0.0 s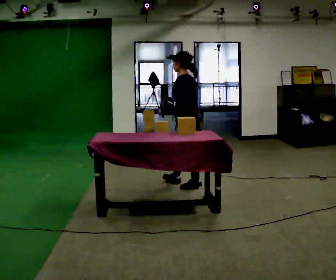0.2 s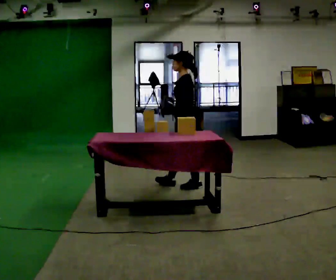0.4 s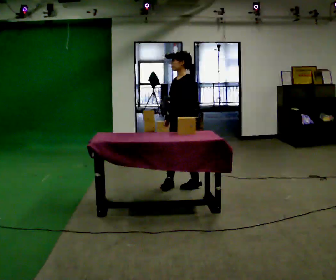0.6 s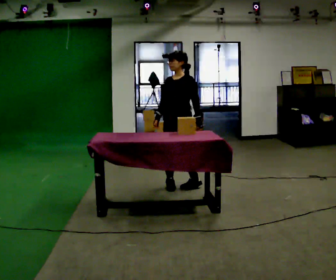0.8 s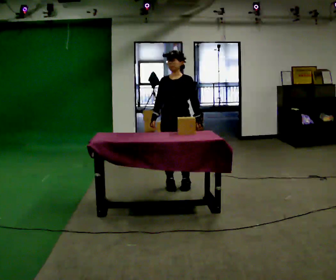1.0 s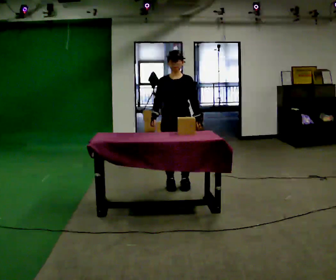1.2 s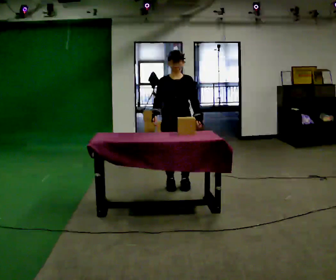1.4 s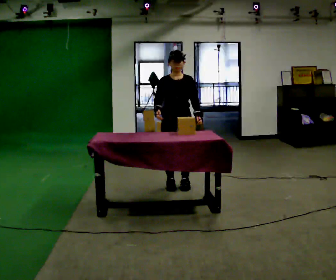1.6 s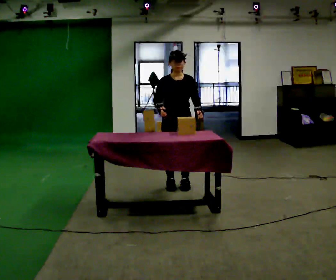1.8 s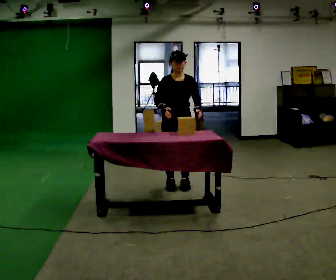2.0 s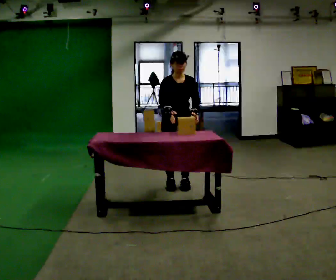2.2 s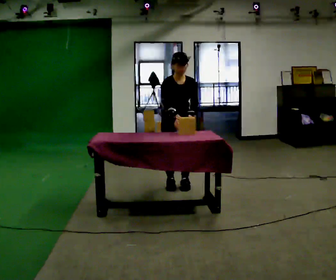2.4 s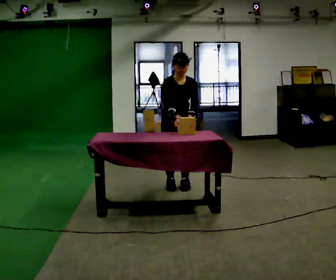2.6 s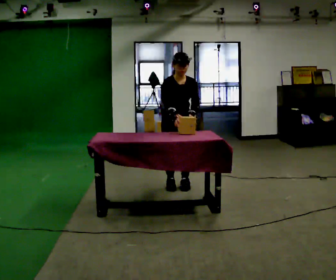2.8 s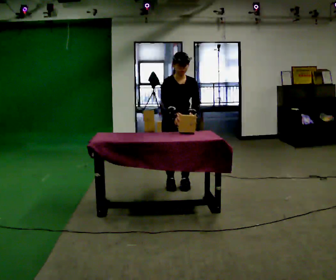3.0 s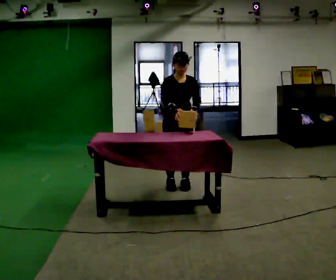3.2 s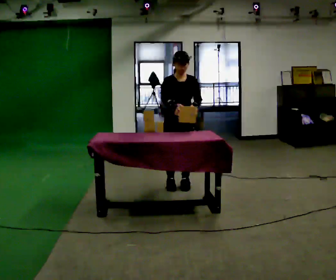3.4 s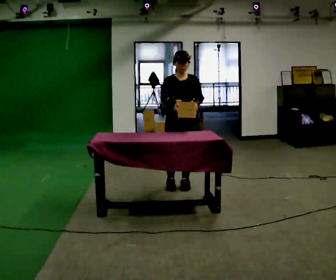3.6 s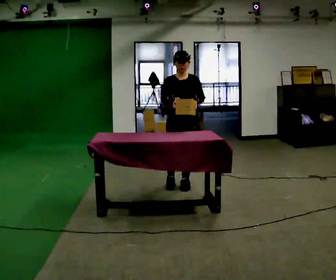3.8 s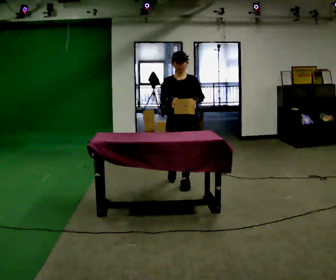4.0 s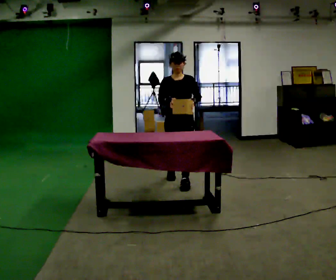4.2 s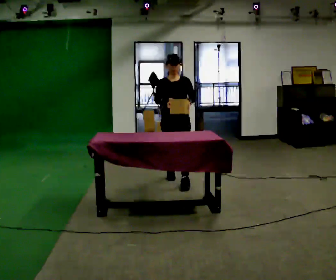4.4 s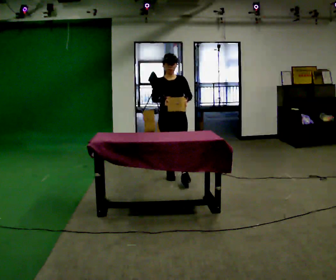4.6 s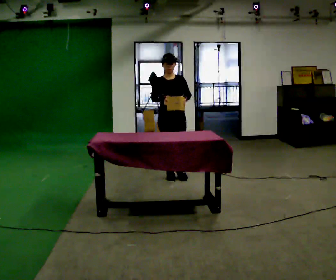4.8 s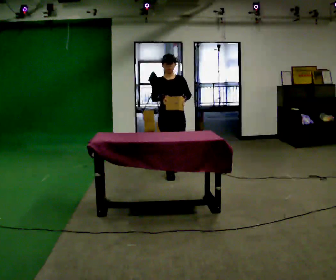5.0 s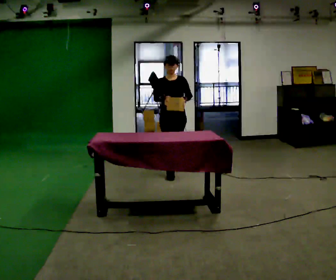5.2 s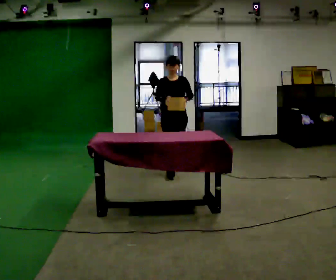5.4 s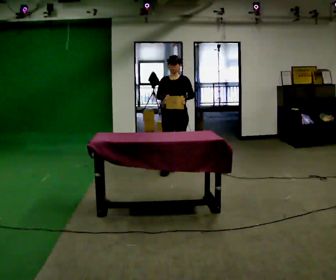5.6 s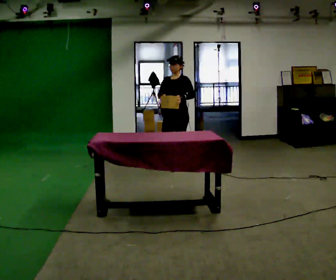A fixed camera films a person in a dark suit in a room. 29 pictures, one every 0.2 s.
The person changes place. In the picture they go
away from the camera.
0.0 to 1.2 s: The part of the body nearest the lens slides to the right as the person turns to their left by about 105 degrees. In the picture they go to the left, about 0.25 m in 1 step. In the picture their right hand goes to the left.
1.2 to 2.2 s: The upper body tips toward the camera, its near side rolling downward, as they bend forward.
2.2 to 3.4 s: The person moves a little, or ends about where they began.
3.4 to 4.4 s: In the picture they go away from the camera, about 0.25 m in 2 steps, which for them is backward.
4.4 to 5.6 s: The person turns about 30 degrees to their right, clockwise seen from above, so the part of the body nearest the lens slides to the left. In the picture they go away from the camera, about 0.5 m in 1 step, which for them is backward.
The film runs backward here.
